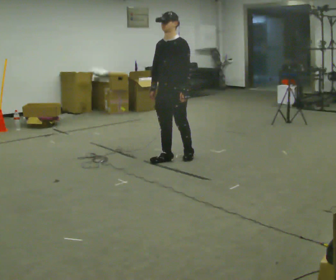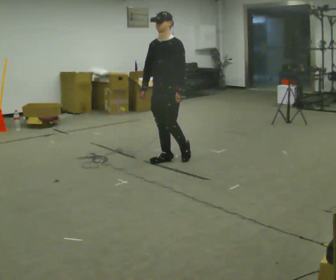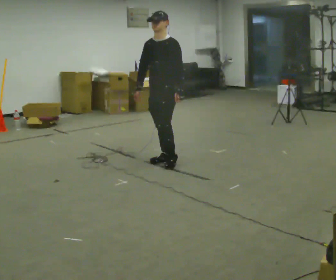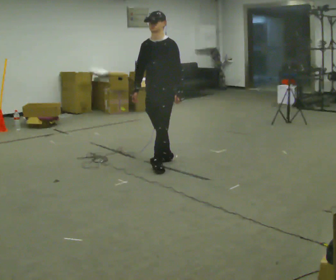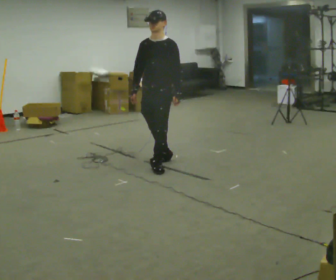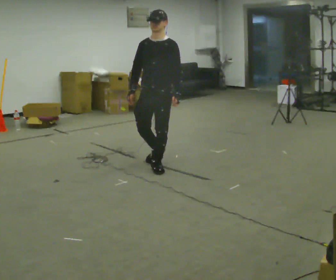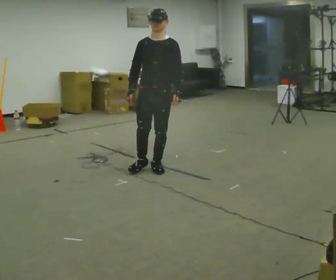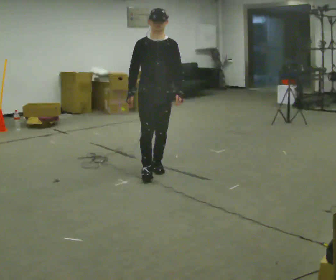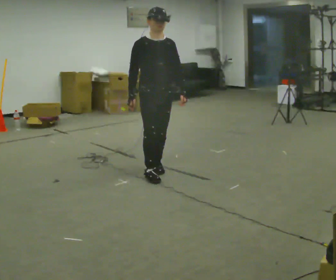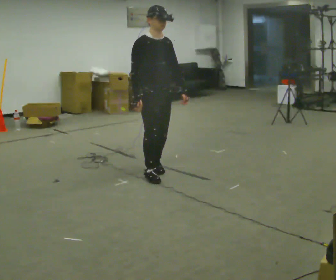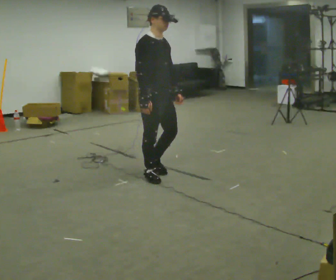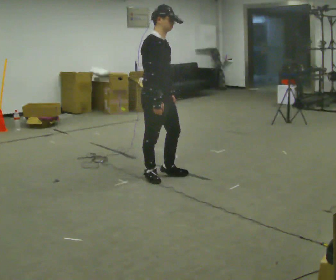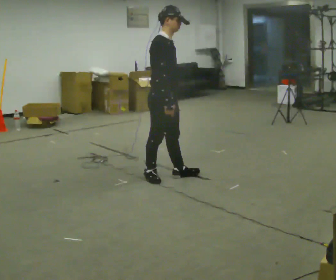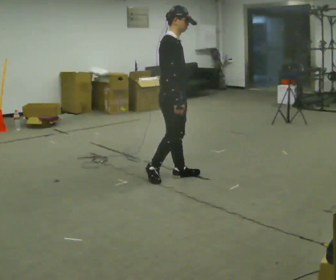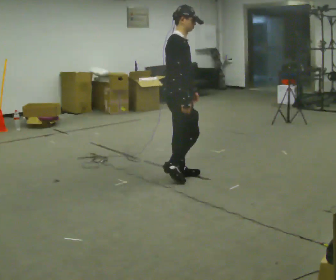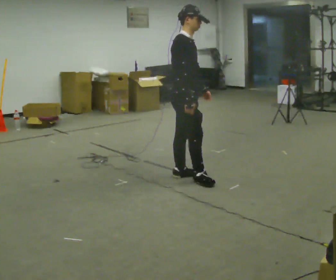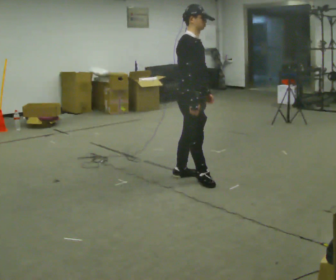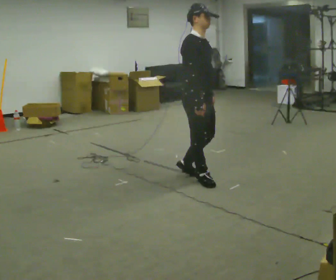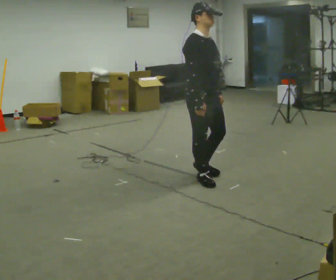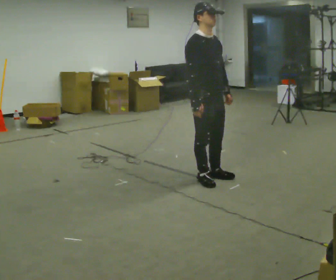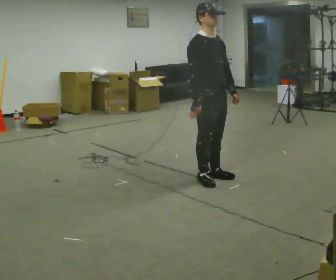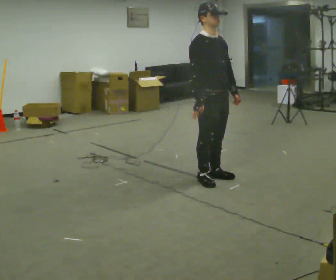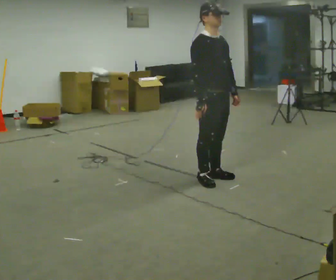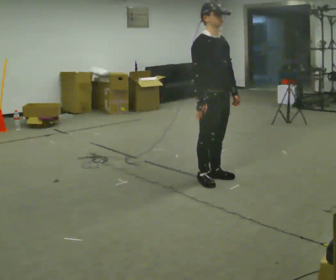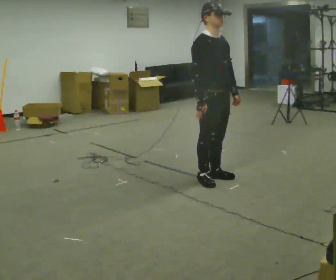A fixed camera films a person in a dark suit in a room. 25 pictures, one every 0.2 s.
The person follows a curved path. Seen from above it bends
counterclockwise.
The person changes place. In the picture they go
toward the camera.
0.0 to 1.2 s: The person turns about 30 degrees to their left, counterclockwise seen from above, so the part of the body nearest the lens slides to the right. In the picture they go toward the camera and to the left, about 0.5 m in 1 step, which for them is forward.
1.2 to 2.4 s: Seen from above the body turns counterclockwise, about 90 degrees: to their left, with its near side sliding to the right. In the picture they go toward the camera, about 0.25 m in 2 steps.
2.4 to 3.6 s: In the picture they go to the right and toward the camera, about 0.25 m in 1 step, which for them is forward.
3.6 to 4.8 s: The person moves a little, or ends about where they began.
The film runs forward here.
